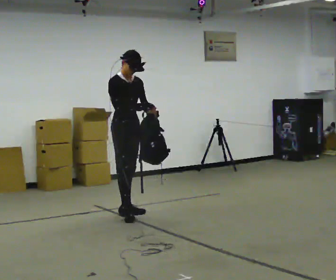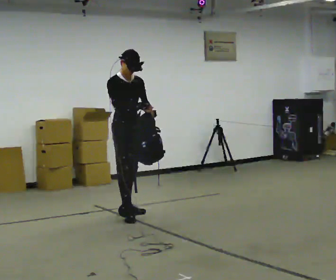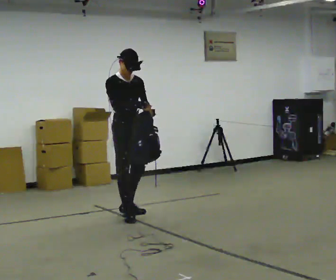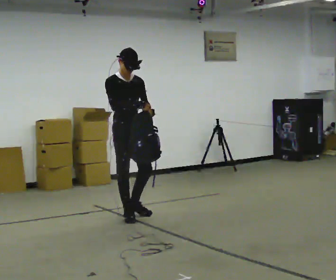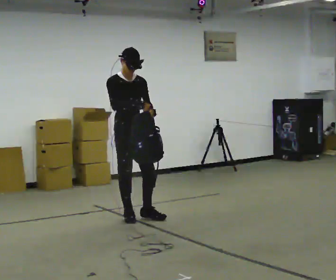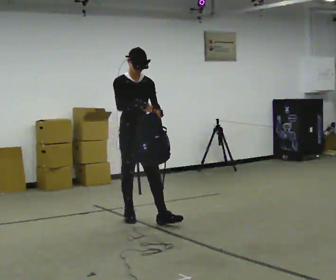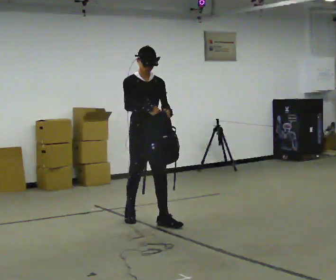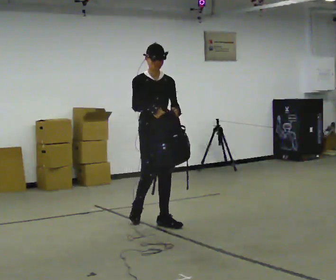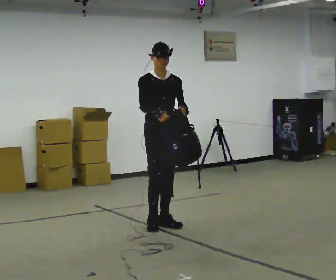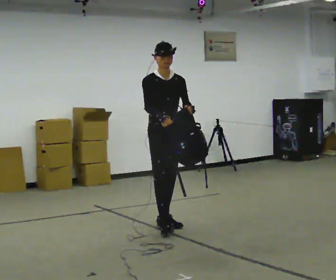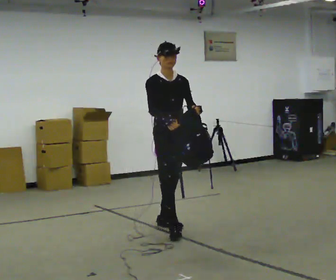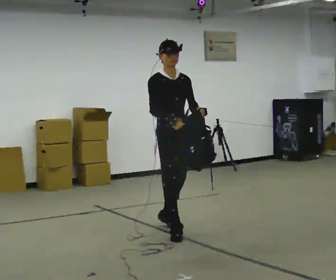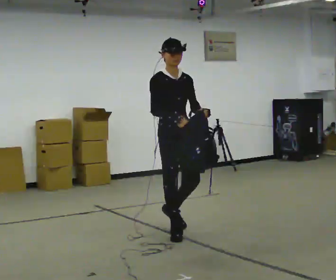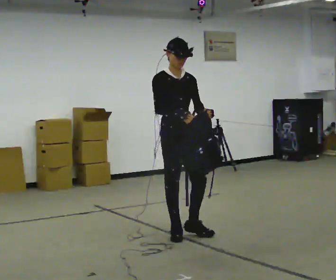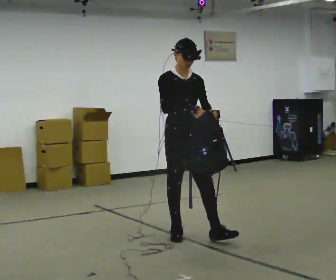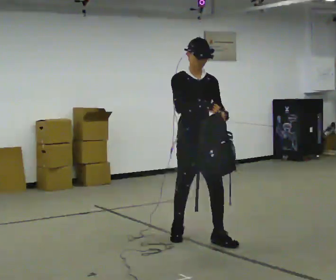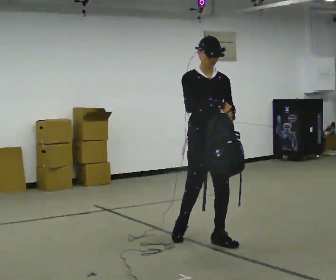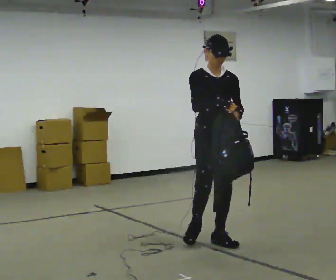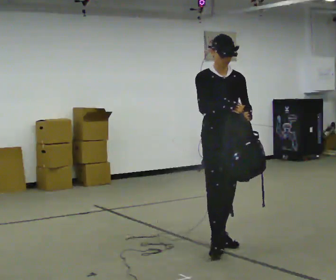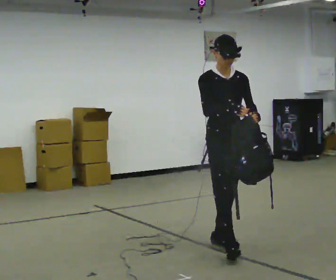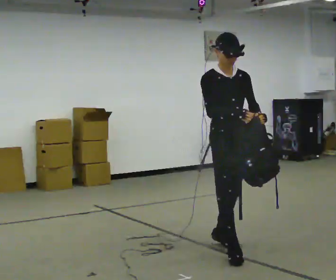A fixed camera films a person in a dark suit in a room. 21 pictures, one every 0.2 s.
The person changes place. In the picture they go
toward the camera.
0.0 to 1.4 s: In the picture they go toward the camera and to the right, about 0.5 m in 1 step, which for them is forward.
1.4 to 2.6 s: In the picture they go toward the camera and to the right, about 0.5 m in 1 step, which for them is forward.
2.6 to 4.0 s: In the picture they go toward the camera and to the right, about 0.75 m in 2 steps, which for them is forward.
The film runs forward here.
